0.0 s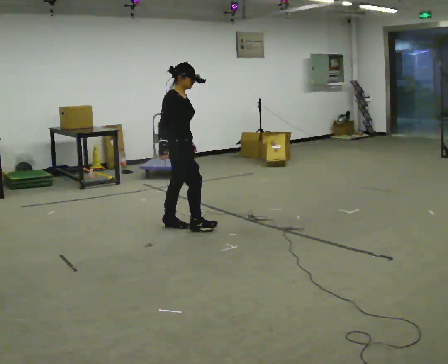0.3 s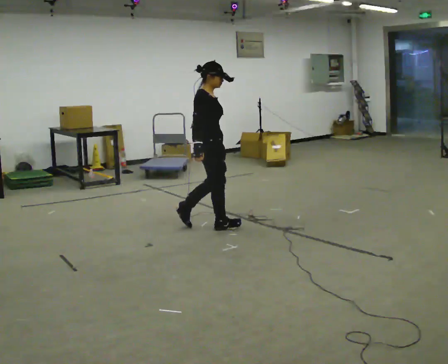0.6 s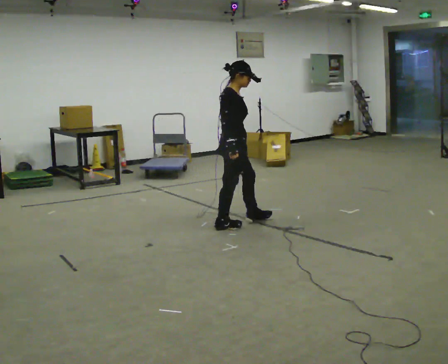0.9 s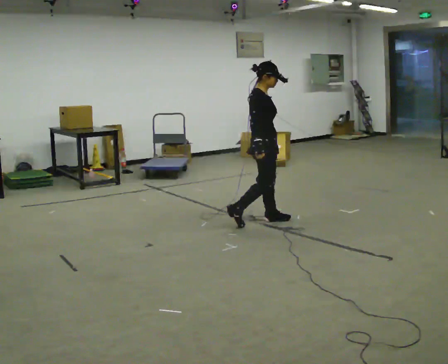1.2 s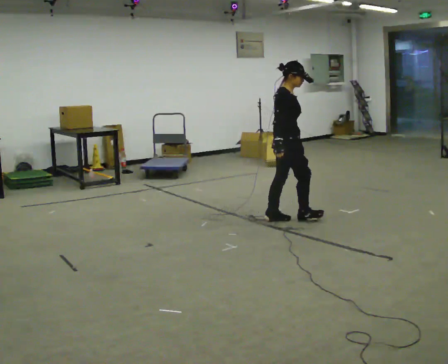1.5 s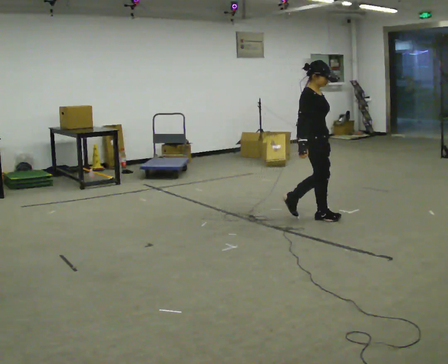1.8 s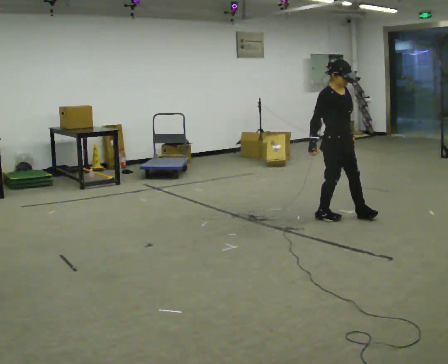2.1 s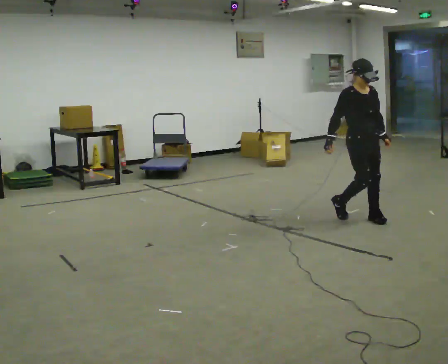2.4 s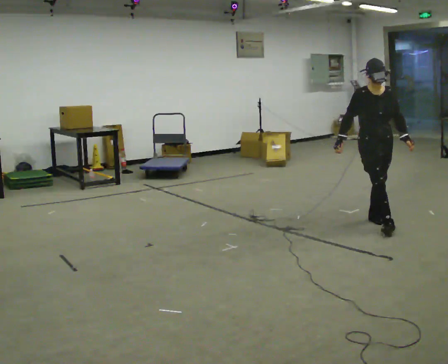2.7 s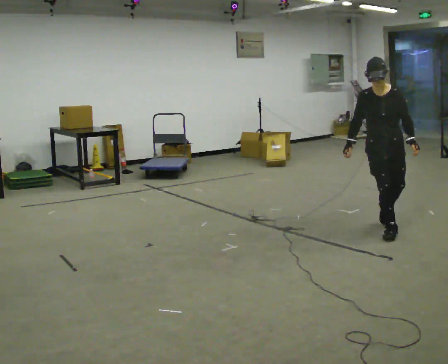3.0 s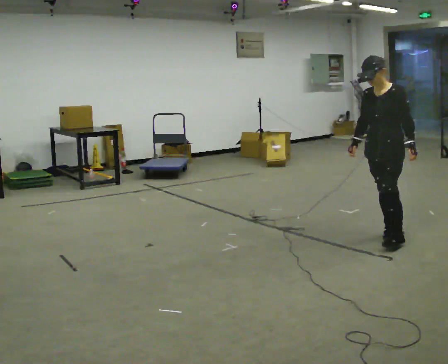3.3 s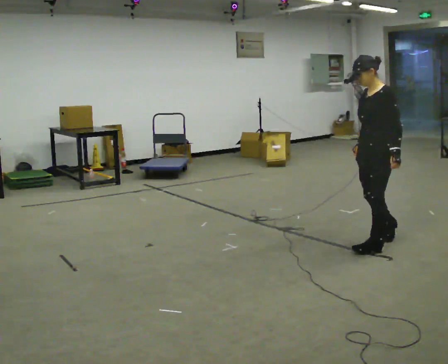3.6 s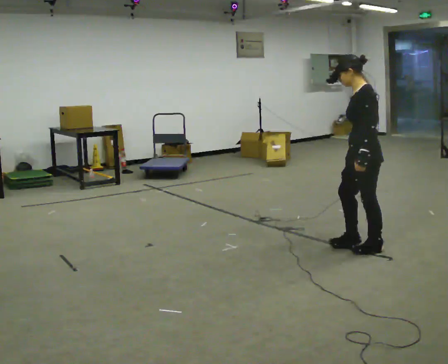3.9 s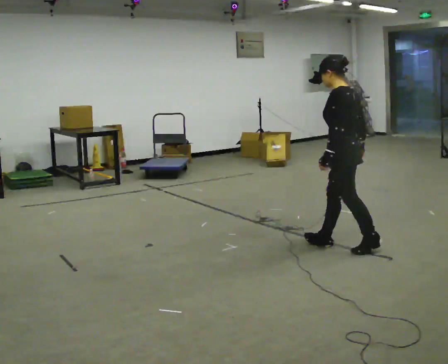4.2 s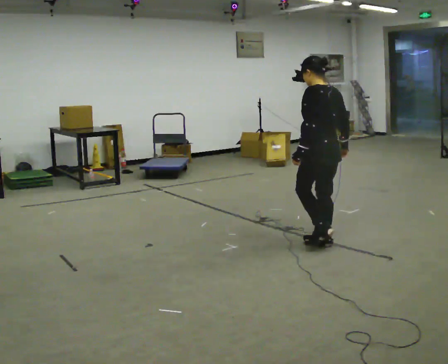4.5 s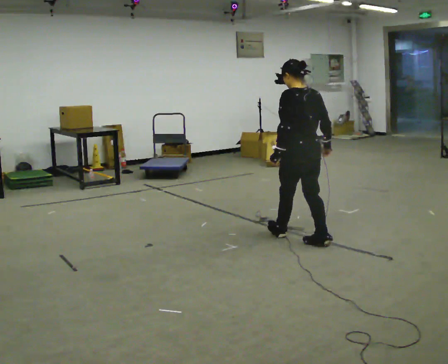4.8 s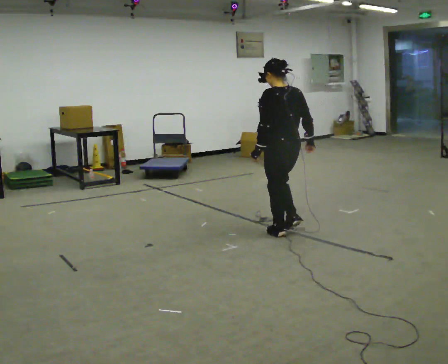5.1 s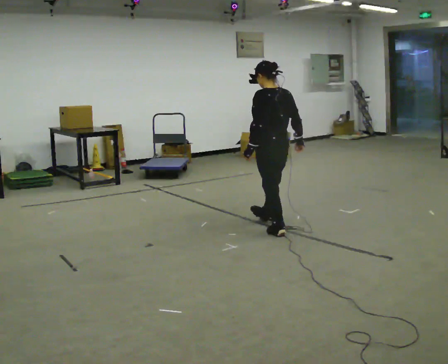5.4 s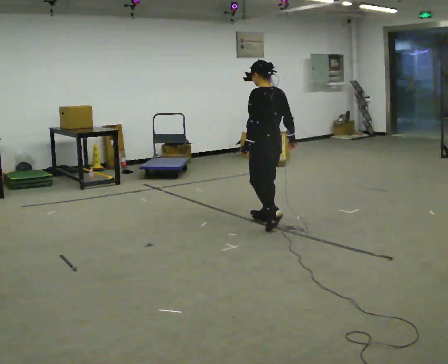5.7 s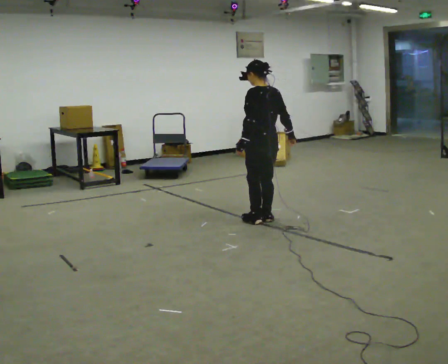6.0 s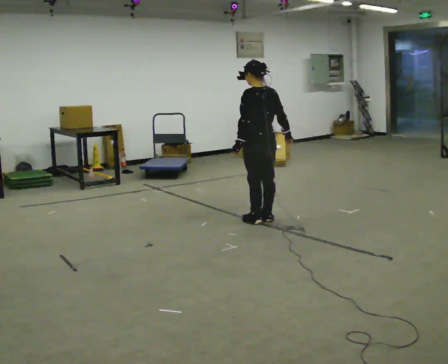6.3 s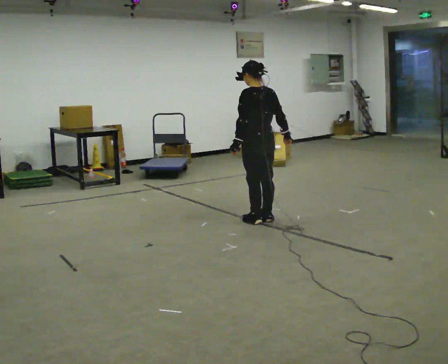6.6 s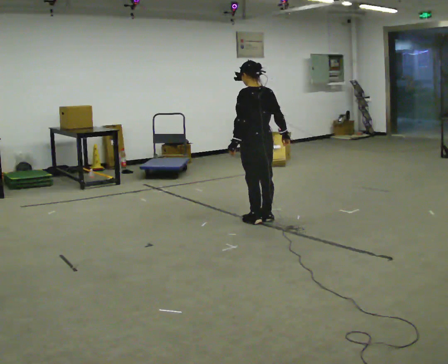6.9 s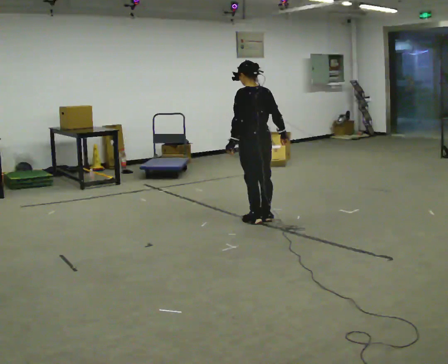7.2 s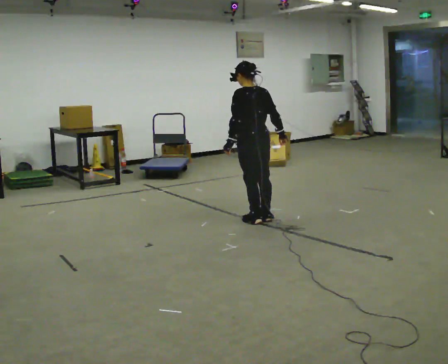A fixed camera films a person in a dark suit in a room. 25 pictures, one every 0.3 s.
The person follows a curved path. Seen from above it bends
clockwise.
The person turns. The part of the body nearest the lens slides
to the left.
0.0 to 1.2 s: In the picture they go to the right and away from the camera, about 1 m in 2 steps, which for them is forward.
1.2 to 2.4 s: The part of the body nearest the lens slides to the left as the person turns to their right by about 75 degrees. In the picture they go to the right, about 1 m in 2 steps.
2.4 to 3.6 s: The person turns about 105 degrees to their right, clockwise seen from above, so the part of the body nearest the lens slides to the left. In the picture they go toward the camera, about 0.5 m in 2 steps.
3.6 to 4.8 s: Seen from above the body turns clockwise, about 45 degrees: to their right, with its near side sliding to the left. In the picture they go to the left and away from the camera, about 0.5 m in 2 steps, which for them is forward.
4.8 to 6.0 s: In the picture they go away from the camera and to the left, about 0.5 m in 2 steps, which for them is forward and to their right.
6.0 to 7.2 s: The person moves a little, or ends about where they began.
The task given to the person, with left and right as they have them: Walk one full figure-eight continuously at comfortable speed; stop.
The film runs forward here.
